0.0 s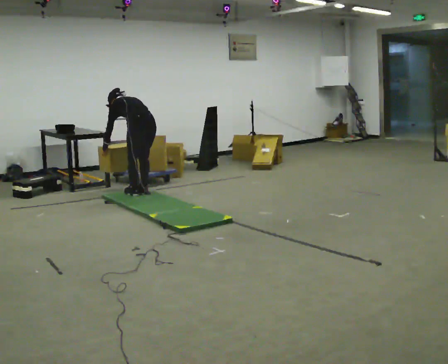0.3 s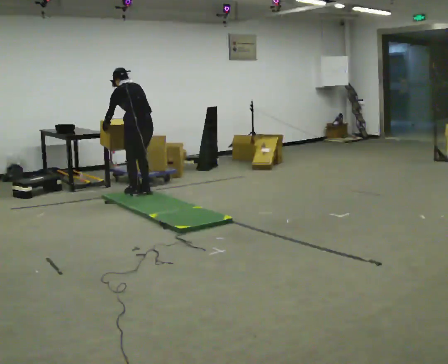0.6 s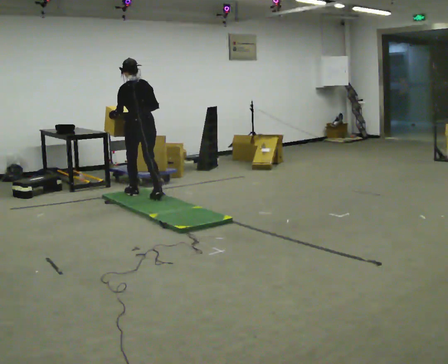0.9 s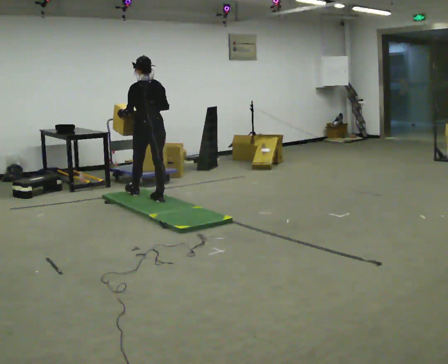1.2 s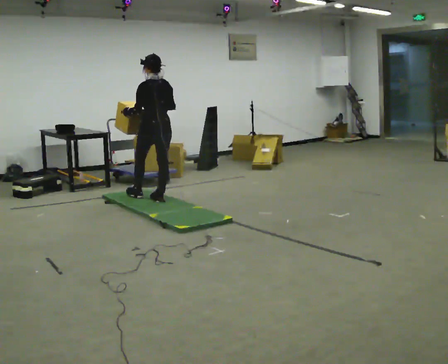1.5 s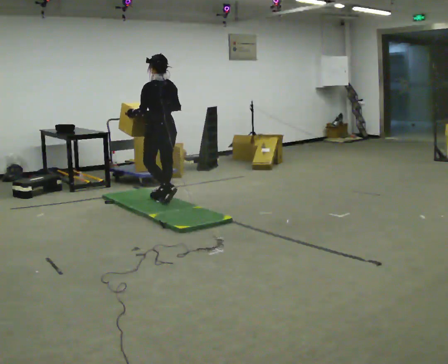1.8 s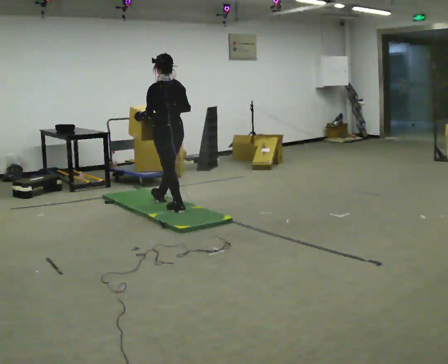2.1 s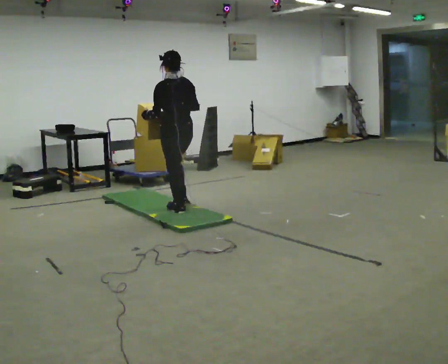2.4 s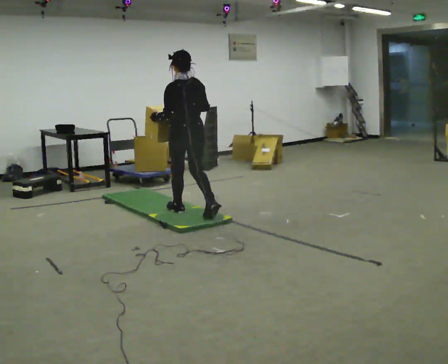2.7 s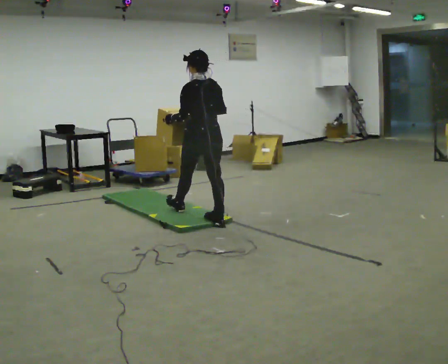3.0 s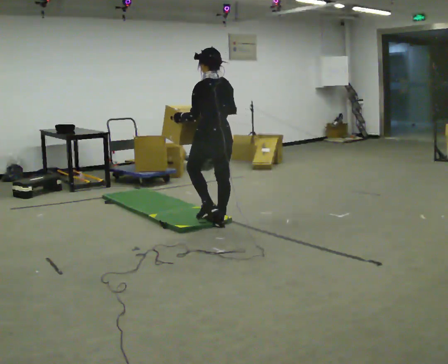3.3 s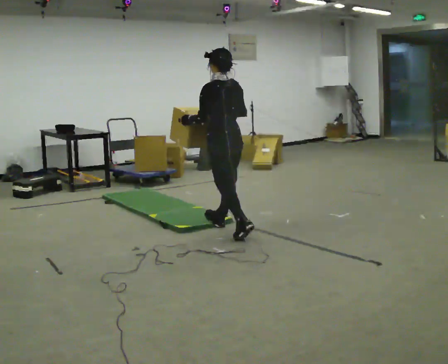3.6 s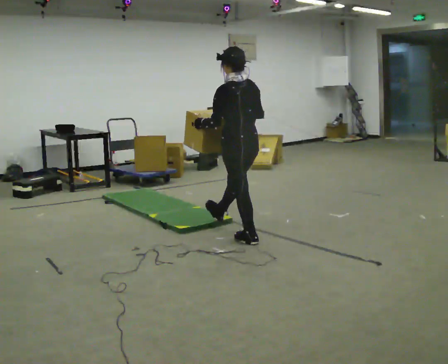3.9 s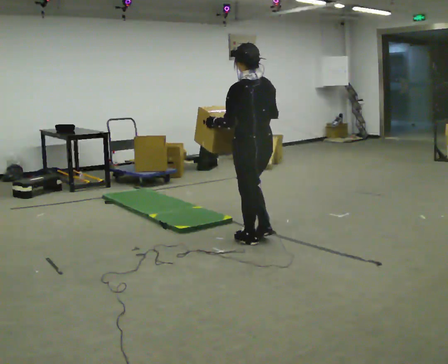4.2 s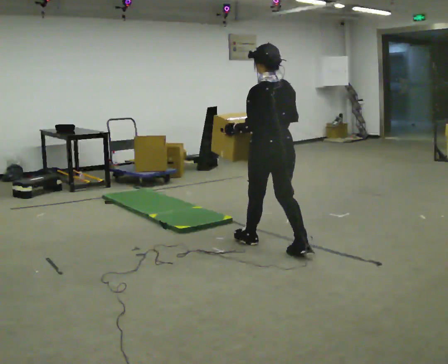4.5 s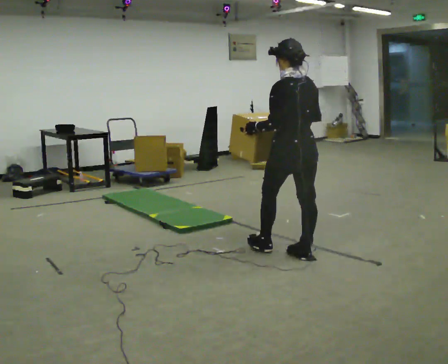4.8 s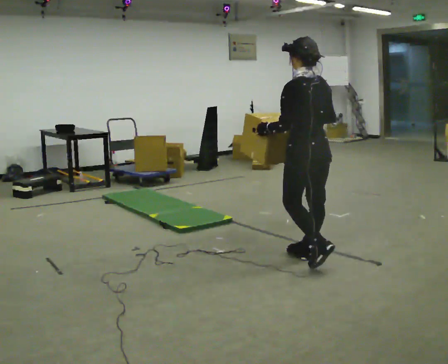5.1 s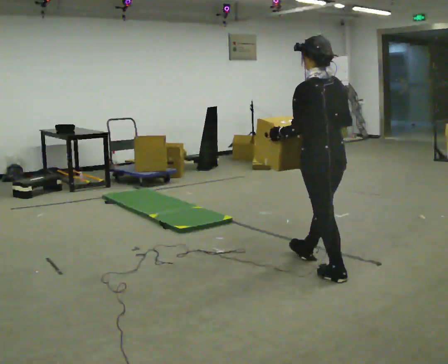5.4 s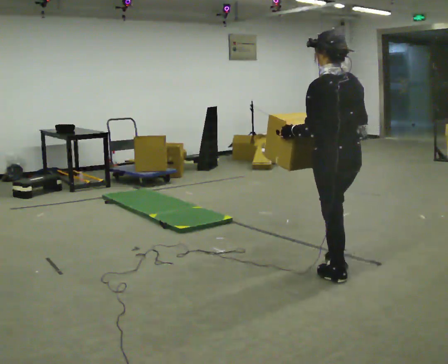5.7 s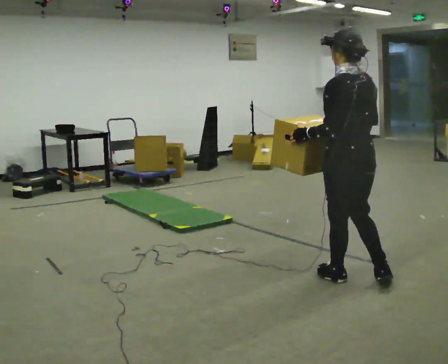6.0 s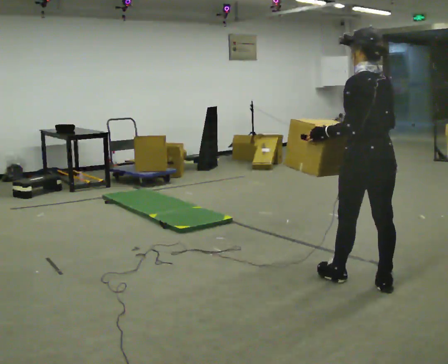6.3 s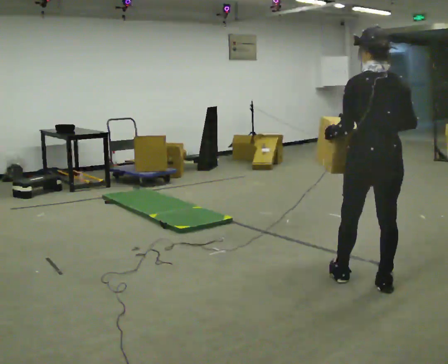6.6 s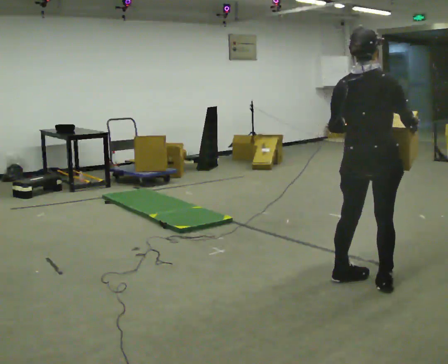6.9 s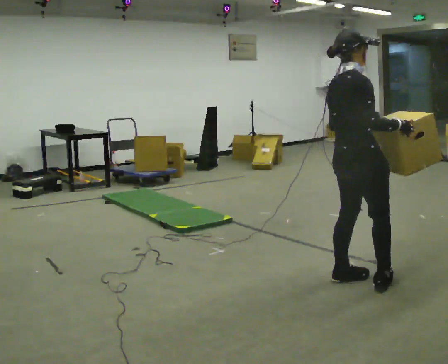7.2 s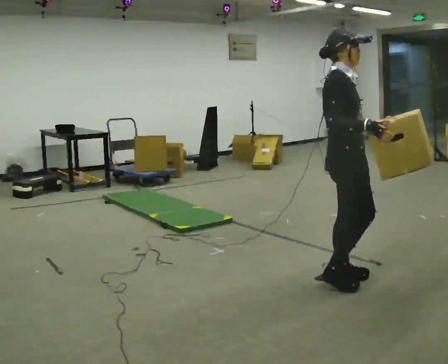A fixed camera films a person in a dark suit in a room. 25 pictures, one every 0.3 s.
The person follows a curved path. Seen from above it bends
clockwise.
0.0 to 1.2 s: In the picture they go toward the camera and to the right, about 0.25 m in 2 steps, which for them is backward. The upper body goes upward. In the picture the upper body tilts clockwise, shoulders to the right, as they lean back or straighten. In the picture their right hand goes upward.
1.2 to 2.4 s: In the picture they go toward the camera and to the right, about 0.75 m in 1 step, which for them is backward.
2.4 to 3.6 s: In the picture they go toward the camera and to the right, about 1 m in 1 step, which for them is backward.
3.6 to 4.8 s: In the picture they go toward the camera and to the right, about 1 m in 2 steps, which for them is backward.
4.8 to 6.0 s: In the picture they go toward the camera and to the right, about 0.5 m in 1 step, which for them is backward.
6.0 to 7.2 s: The part of the body nearest the lens slides to the left as the person turns to their right by about 135 degrees. In the picture they go to the left, about 0.25 m in 1 step.
The film runs backward here.
